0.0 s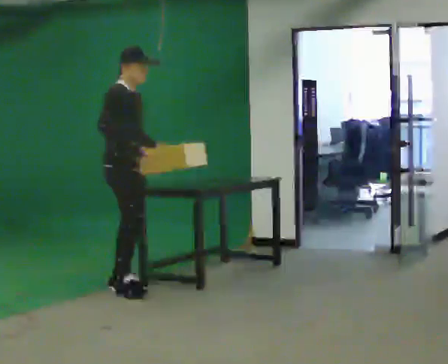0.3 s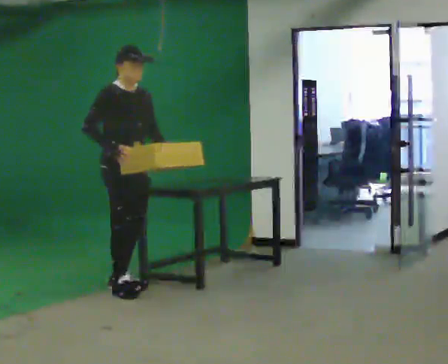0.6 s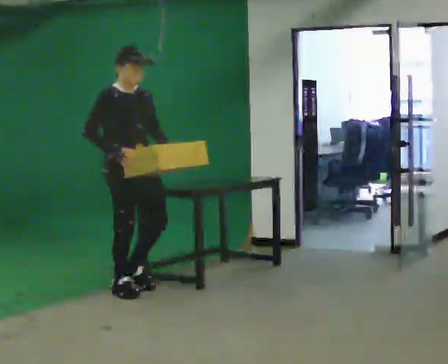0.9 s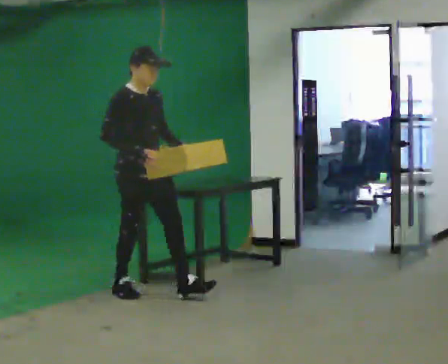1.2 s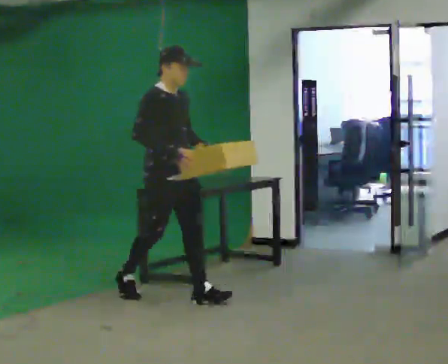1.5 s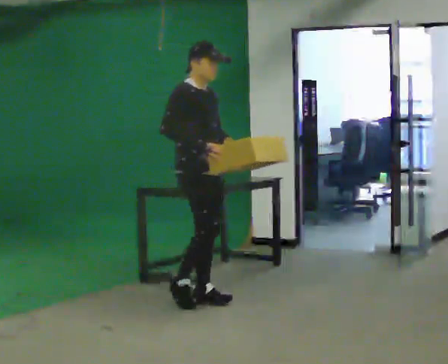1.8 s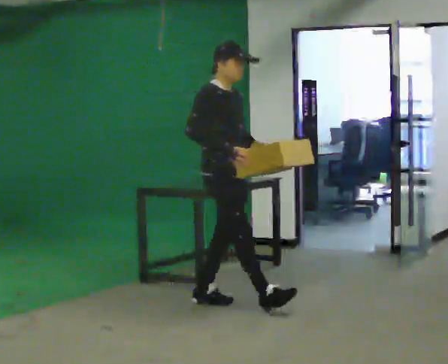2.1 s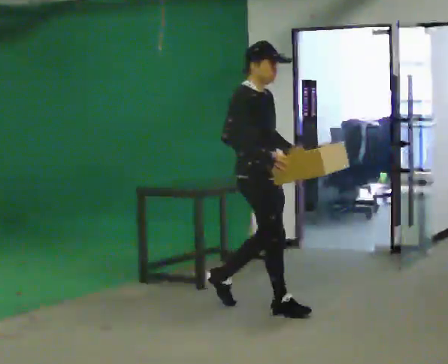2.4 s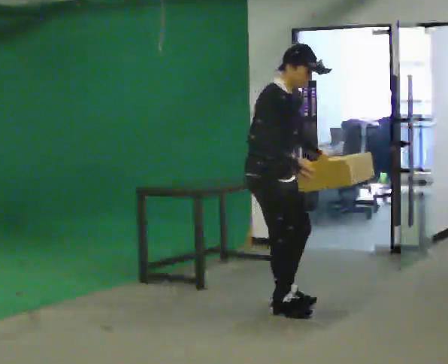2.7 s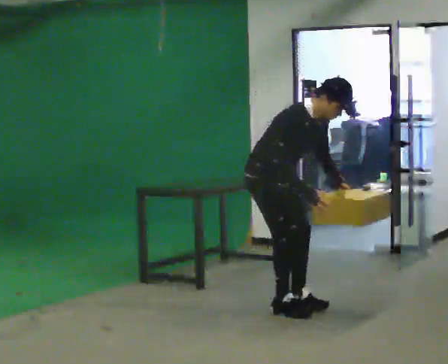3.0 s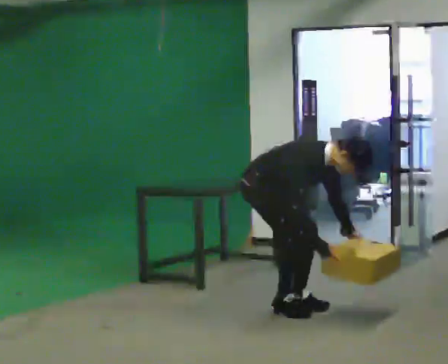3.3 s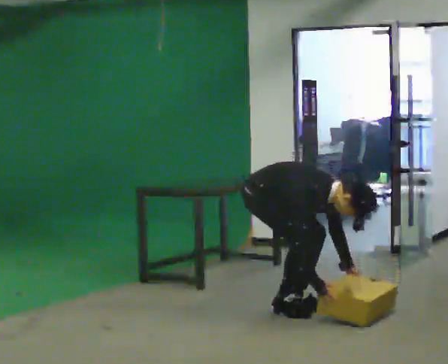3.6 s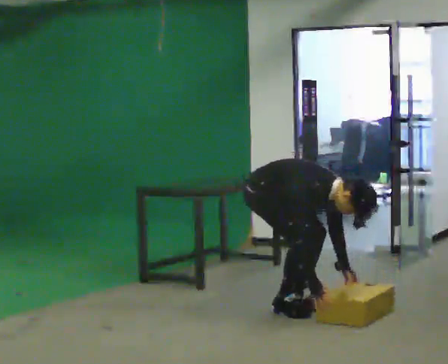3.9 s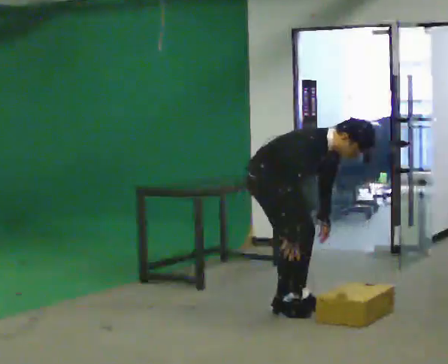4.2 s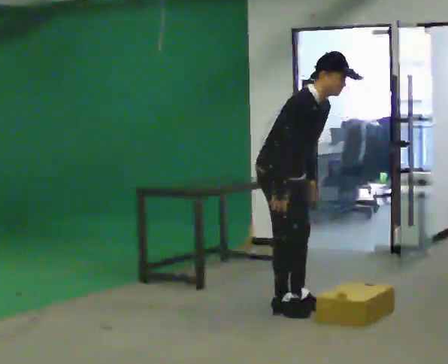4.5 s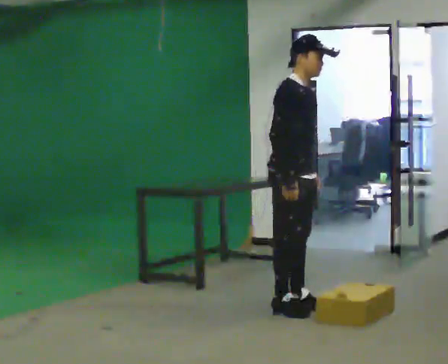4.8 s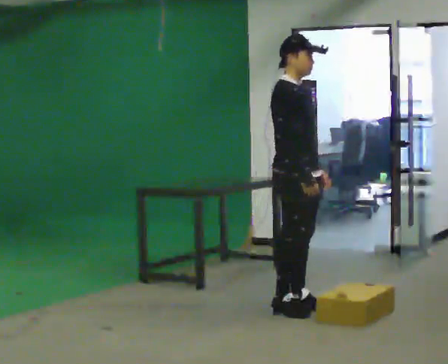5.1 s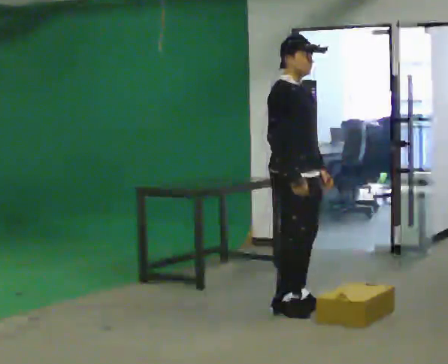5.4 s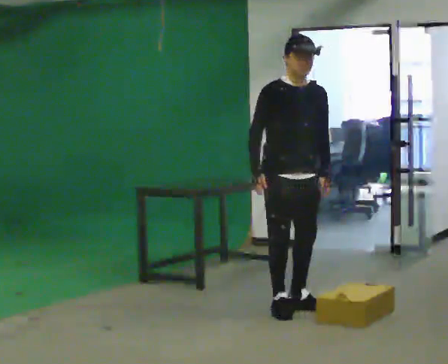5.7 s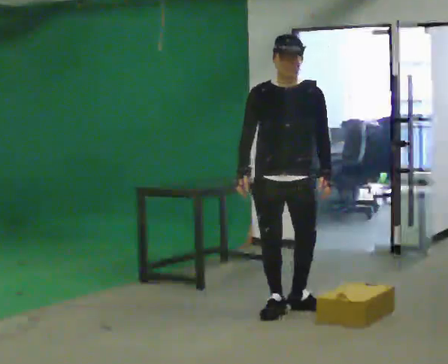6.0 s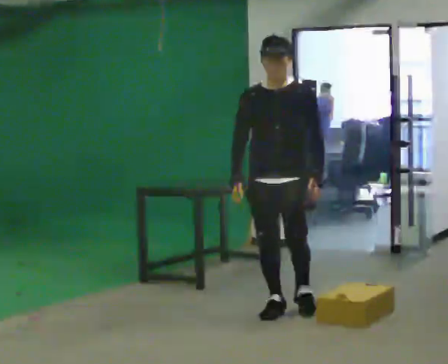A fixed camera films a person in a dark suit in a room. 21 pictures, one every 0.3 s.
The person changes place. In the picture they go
to the right.
0.0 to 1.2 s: In the picture they go to the right and toward the camera, about 0.5 m in 2 steps, which for them is forward.
1.2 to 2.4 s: In the picture they go to the right and toward the camera, about 0.5 m in 1 step, which for them is forward. In the picture the upper body tilts clockwise, shoulders to the right, as they bend forward.
2.4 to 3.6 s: The upper body goes downward. In the picture the upper body tilts clockwise, shoulders to the right, as they bend forward. In the picture their right hand goes downward.
3.6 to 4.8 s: In the picture they go to the right, about 0.25 m, which for them is forward. The upper body goes upward. In the picture the upper body tilts counterclockwise, shoulders to the left, as they lean back or straighten. In the picture their right hand goes upward.
4.8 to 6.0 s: Seen from above the body turns clockwise, about 75 degrees: to their right, with its near side sliding to the left. In the picture their right hand goes to the left.
The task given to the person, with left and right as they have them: Walk quickly but do not run; remain comfortable and controlled; stop.
The film runs forward here.
